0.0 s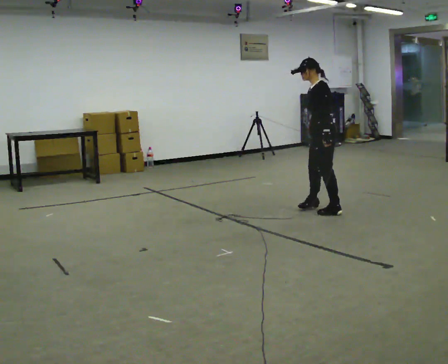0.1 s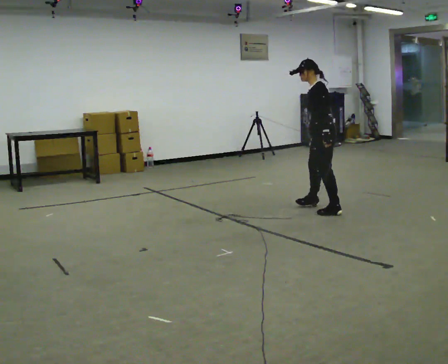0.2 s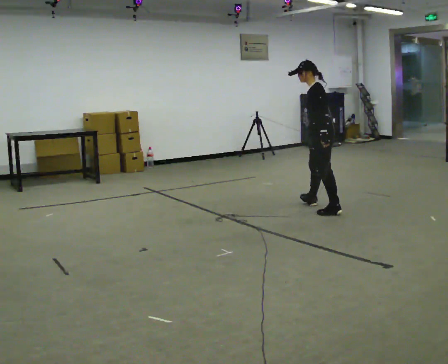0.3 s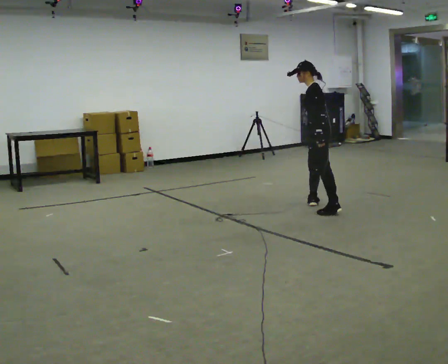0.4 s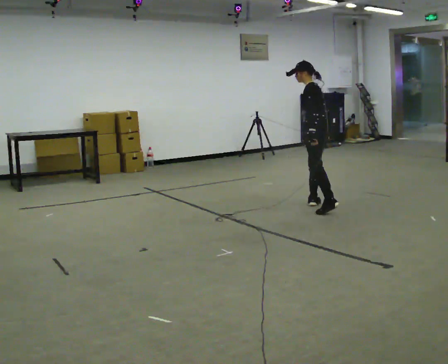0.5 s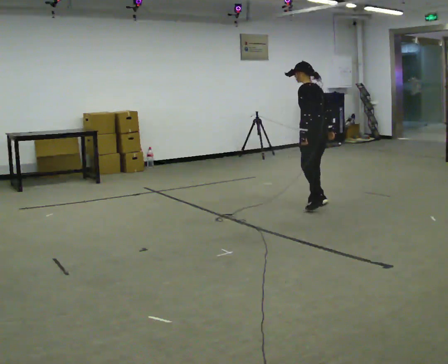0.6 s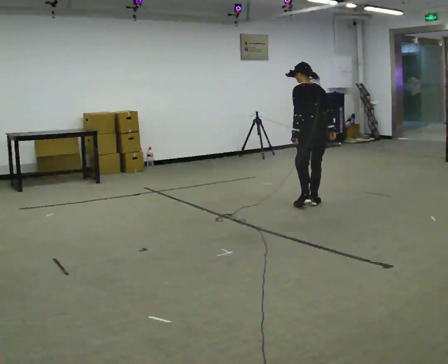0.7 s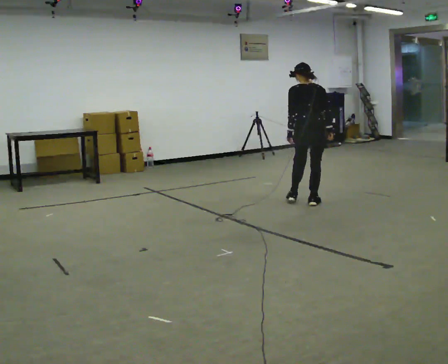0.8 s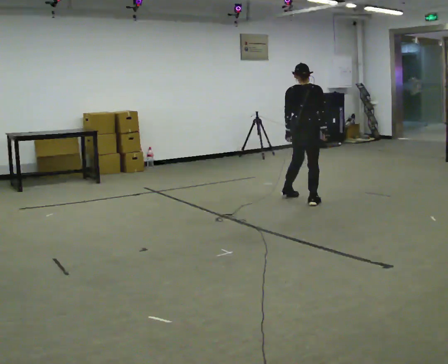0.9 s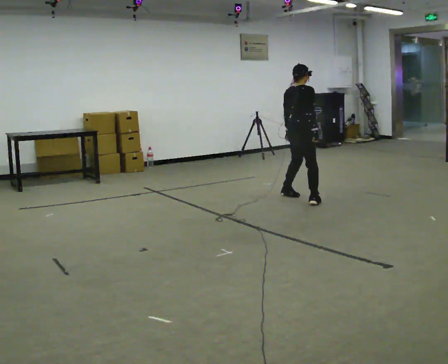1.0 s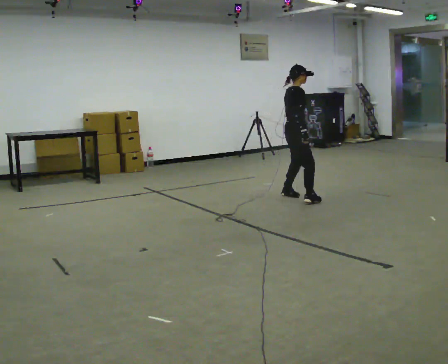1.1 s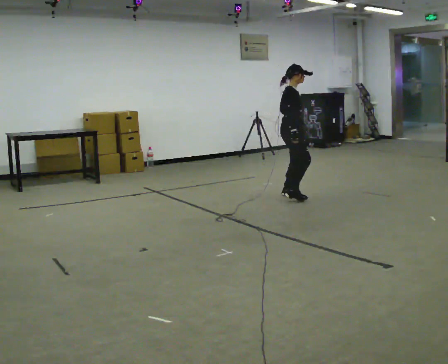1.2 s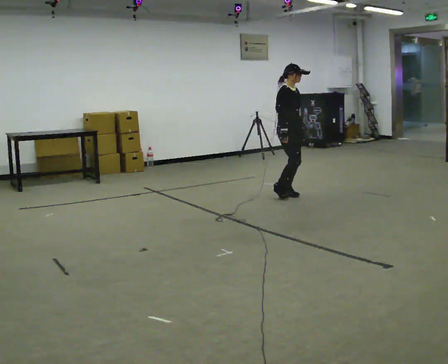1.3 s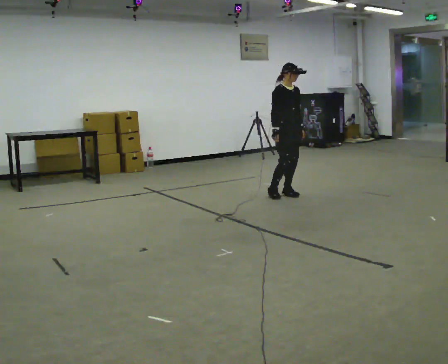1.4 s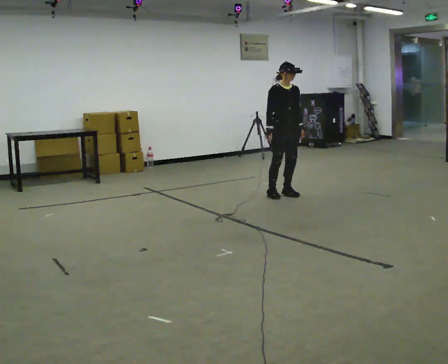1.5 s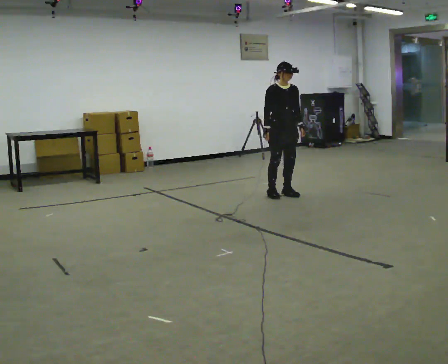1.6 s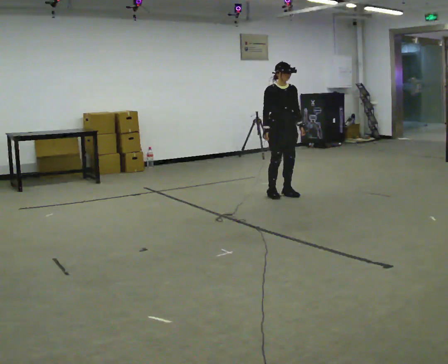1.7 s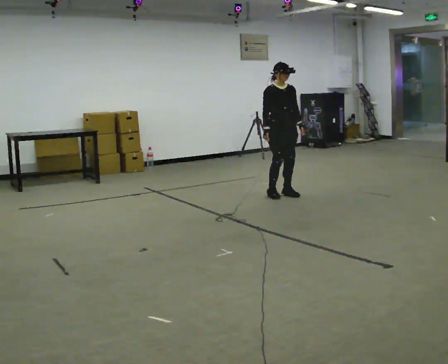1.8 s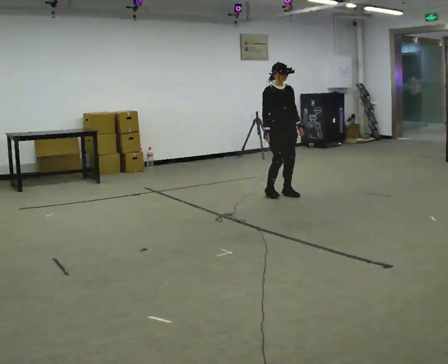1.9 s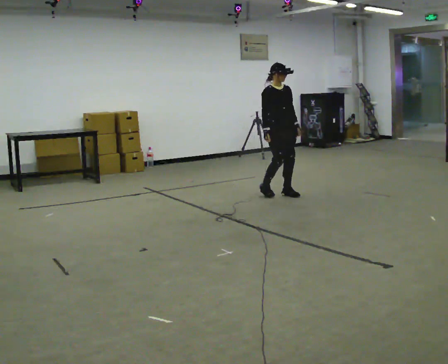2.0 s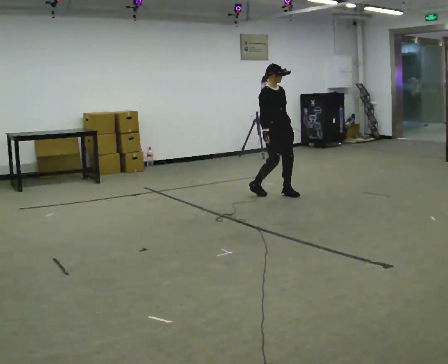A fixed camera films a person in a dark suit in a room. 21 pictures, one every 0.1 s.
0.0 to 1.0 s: Seen from above the body turns clockwise, about 180 degrees: to their right, with its near side sliding to the left. In the picture they go away from the camera and to the left, about 0.75 m in 2 steps. In the picture the upper body tilts clockwise, shoulders to the right.
1.0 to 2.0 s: Seen from above the body turns clockwise, about 60 degrees: to their right, with its near side sliding to the left. In the picture they go away from the camera and to the left, about 0.25 m in 1 step.
The film runs backward here.
